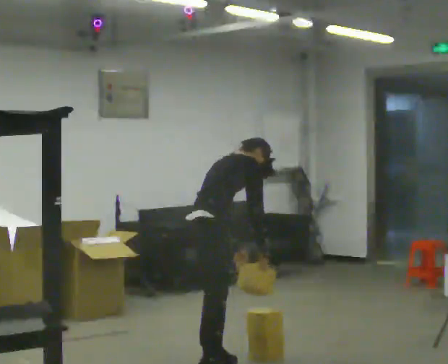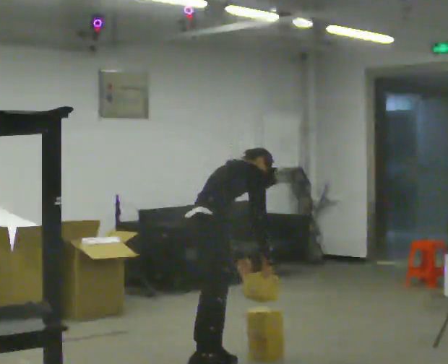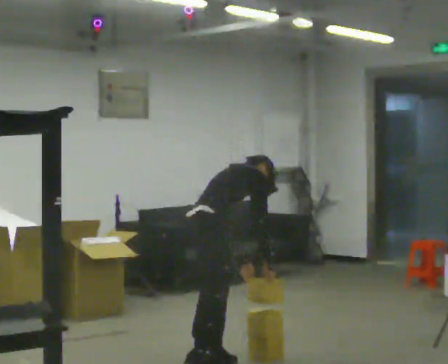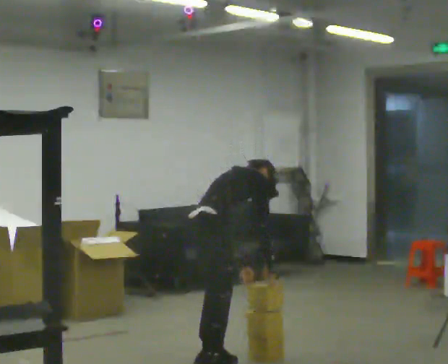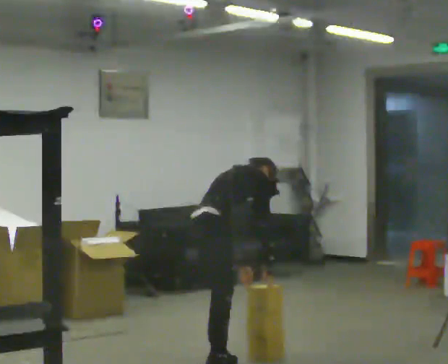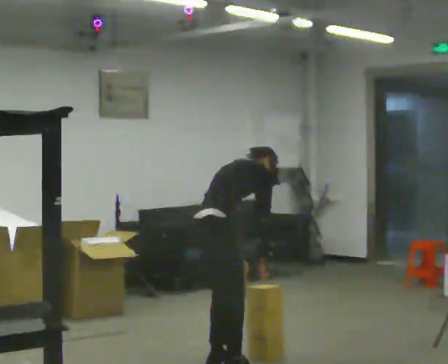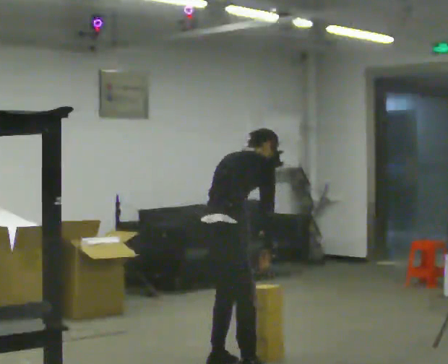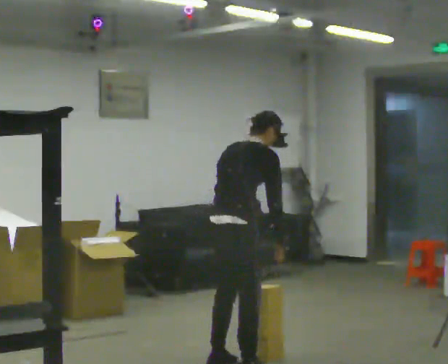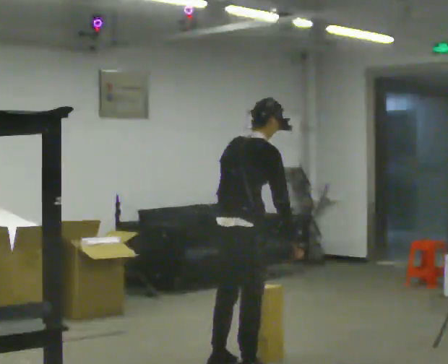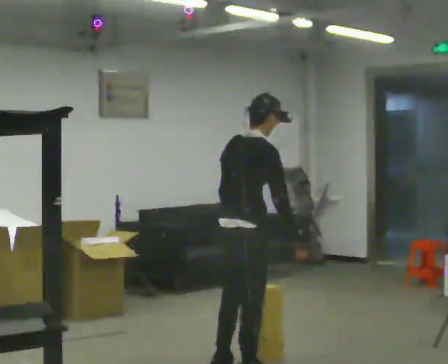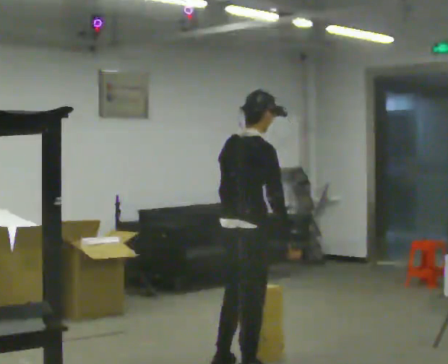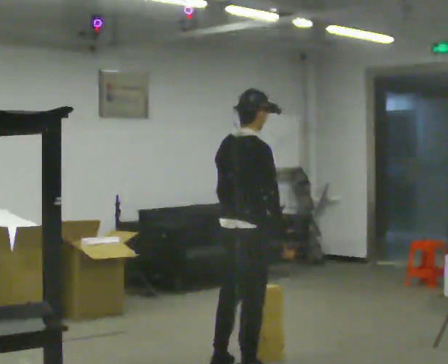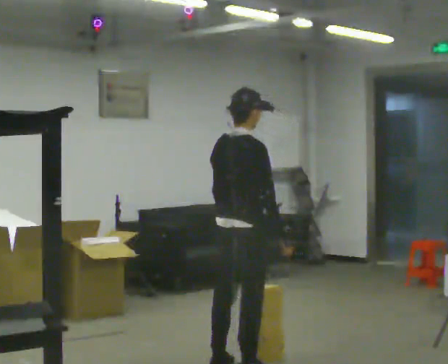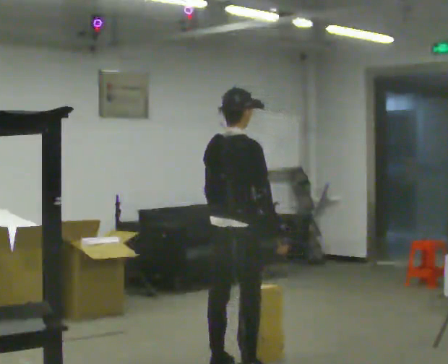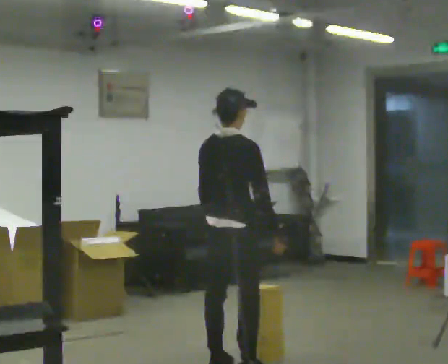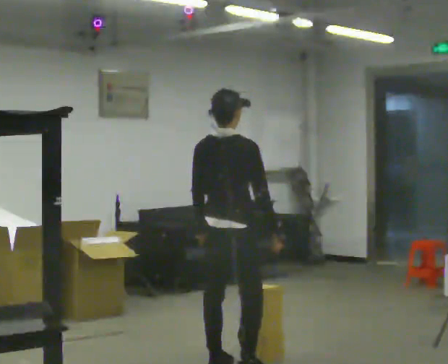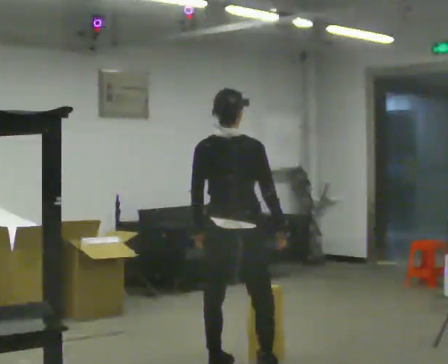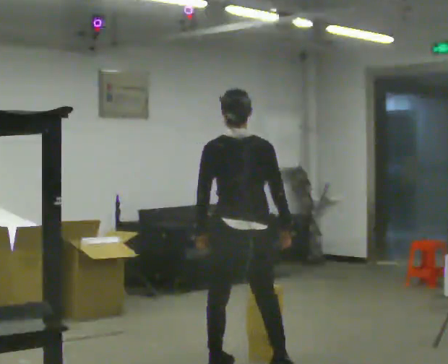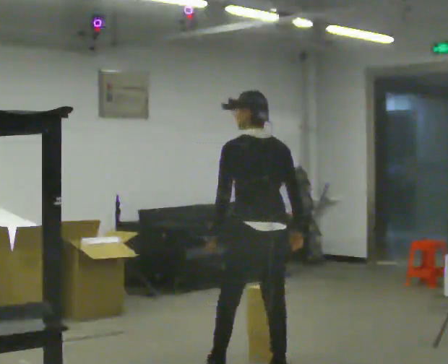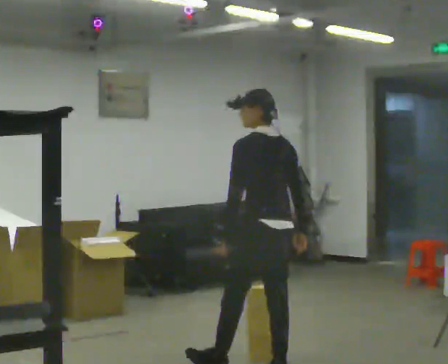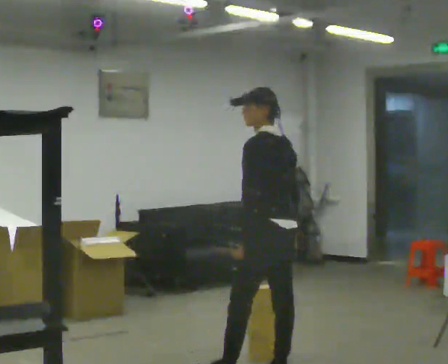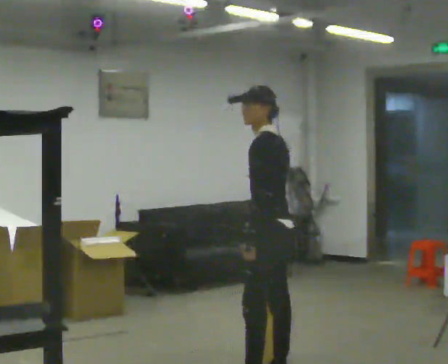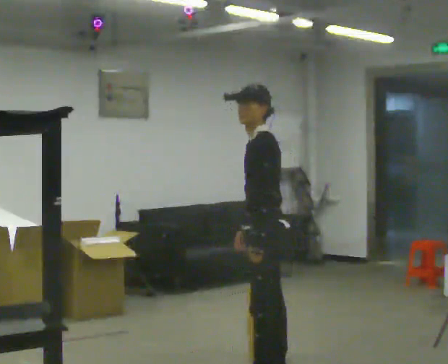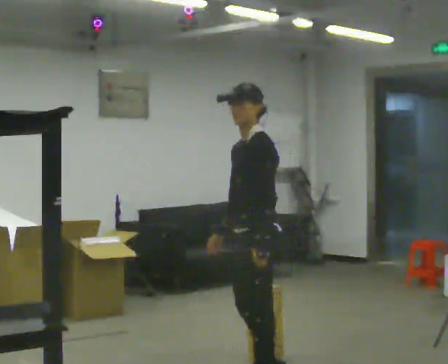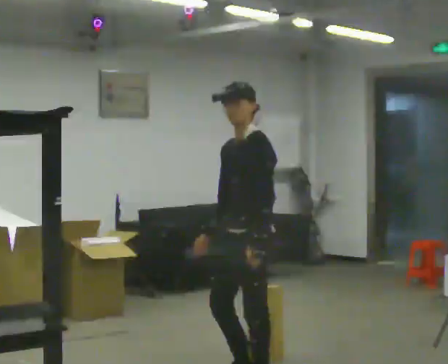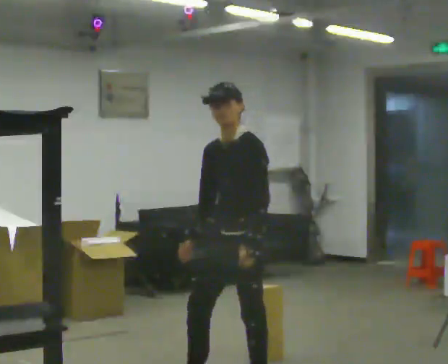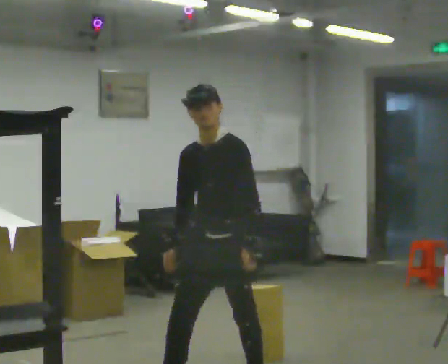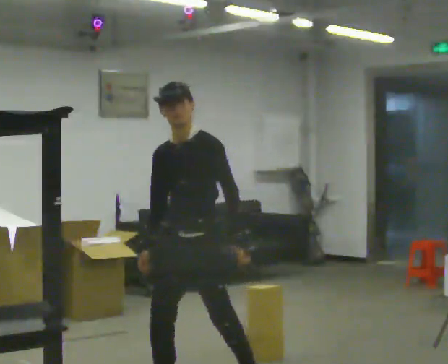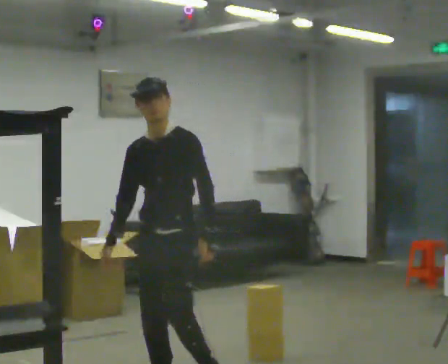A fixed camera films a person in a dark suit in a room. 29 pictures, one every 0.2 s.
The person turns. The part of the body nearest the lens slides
to the right.
The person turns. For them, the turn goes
to their left.
0.0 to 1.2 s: The person moves a little, or ends about where they began.
1.2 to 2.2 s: The upper body tips toward the camera, its near side rolling downward, as they lean back or straighten.
2.2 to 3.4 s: Seen from above the body turns counterclockwise, about 45 degrees: to their left, with its near side sliding to the right.
3.4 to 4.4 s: Seen from above the body turns counterclockwise, about 90 degrees: to their left, with its near side sliding to the right. In the picture they go toward the camera and to the right, about 0.25 m in 1 step.
4.4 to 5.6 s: The person turns about 60 degrees to their left, counterclockwise seen from above, so the part of the body nearest the lens slides to the right. In the picture they go to the left and toward the camera, about 0.75 m in 1 step, which for them is forward.
The film runs forward here.
